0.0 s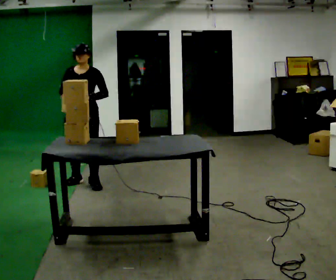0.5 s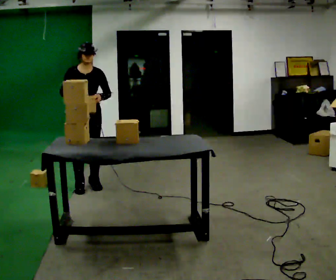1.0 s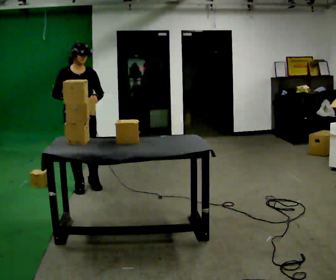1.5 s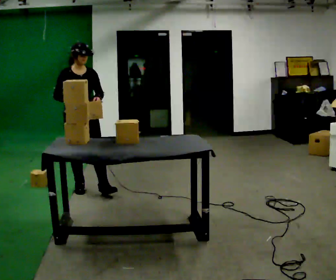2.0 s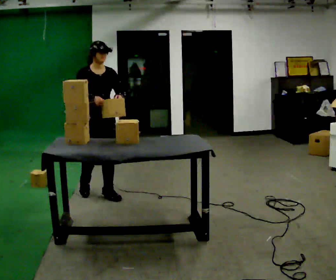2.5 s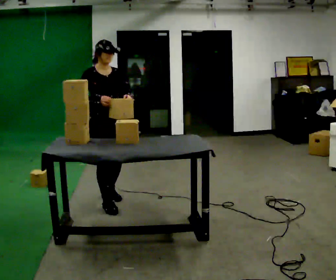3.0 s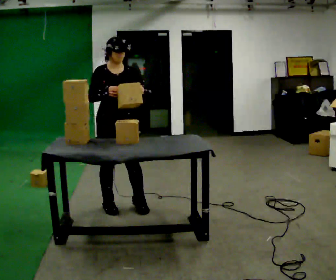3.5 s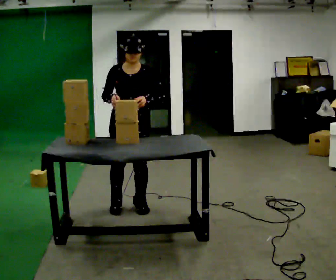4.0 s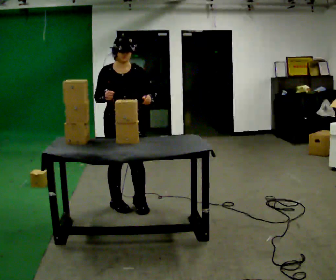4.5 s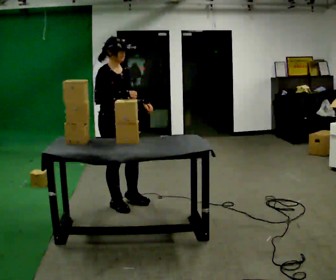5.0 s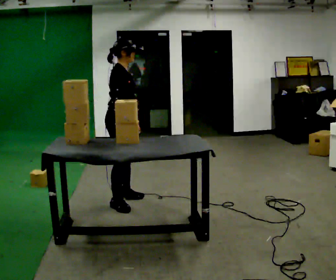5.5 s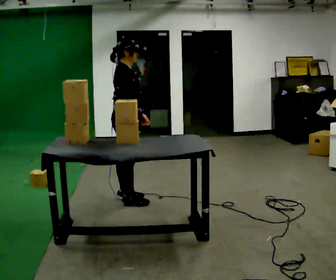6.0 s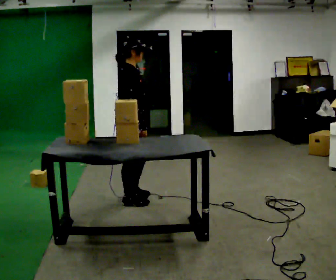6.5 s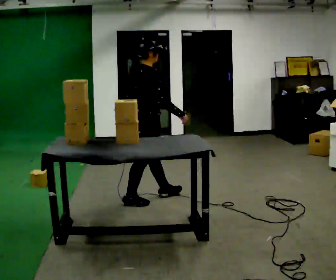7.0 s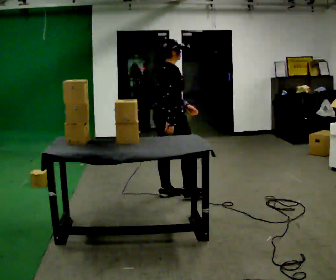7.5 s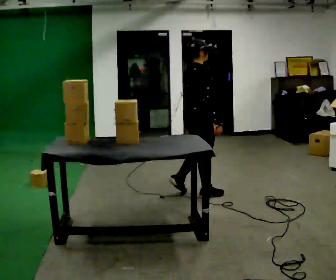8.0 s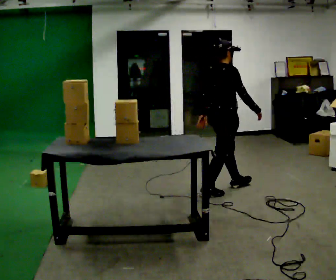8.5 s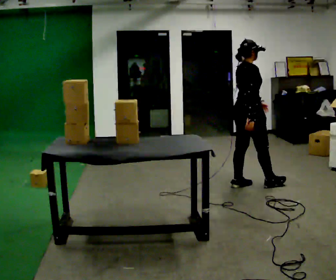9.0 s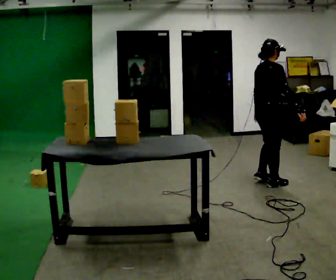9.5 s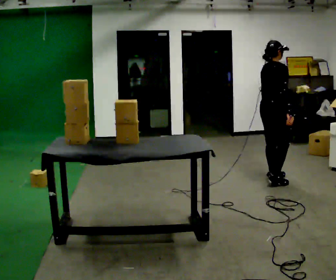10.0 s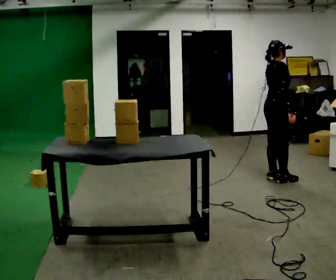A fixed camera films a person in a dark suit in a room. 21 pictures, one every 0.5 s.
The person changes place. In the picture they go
to the right.
The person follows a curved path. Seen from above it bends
counterclockwise.
0.0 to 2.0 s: Seen from above the body turns counterclockwise, about 30 degrees: to their left, with its near side sliding to the right. In the picture they go toward the camera, about 0.5 m in 2 steps, which for them is forward.
2.0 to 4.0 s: In the picture they go toward the camera and to the right, about 0.5 m in 2 steps, which for them is forward and to their left.
4.0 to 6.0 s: The part of the body nearest the lens slides to the right as the person turns to their left by about 90 degrees.
6.0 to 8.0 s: In the picture they go to the right, about 1 m in 3 steps, which for them is forward.
8.0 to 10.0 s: In the picture they go to the right, about 0.5 m in 3 steps, which for them is forward.
The film runs forward here.
